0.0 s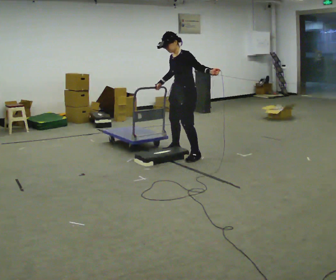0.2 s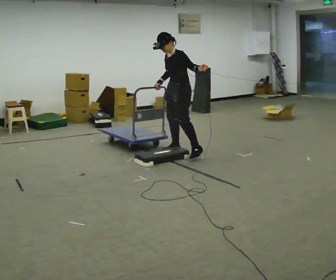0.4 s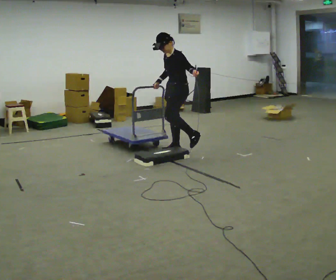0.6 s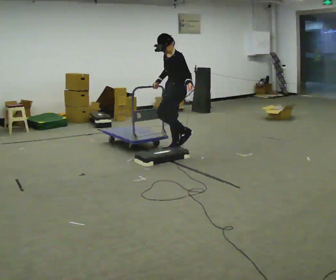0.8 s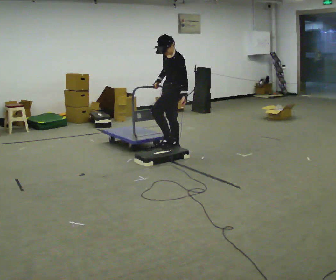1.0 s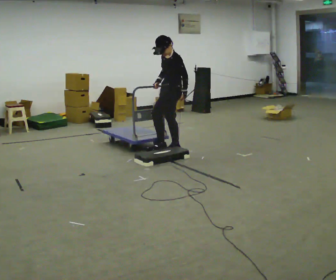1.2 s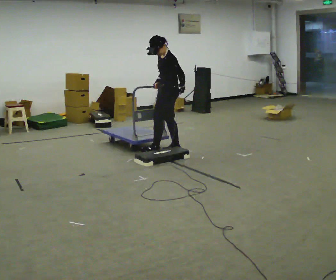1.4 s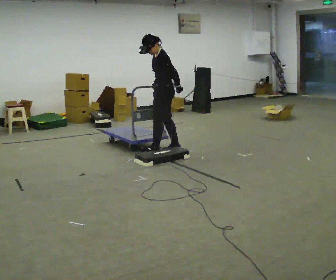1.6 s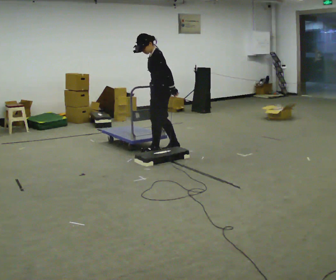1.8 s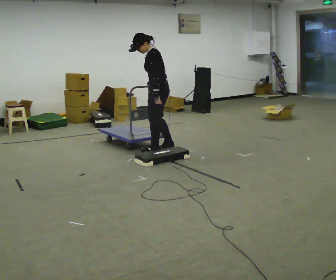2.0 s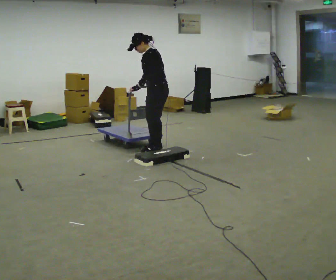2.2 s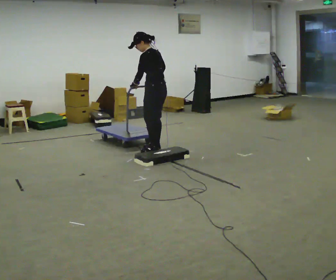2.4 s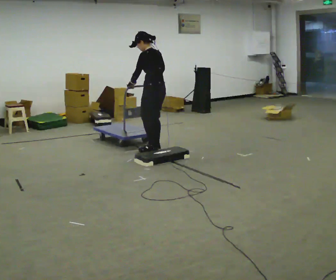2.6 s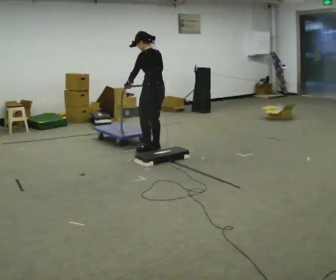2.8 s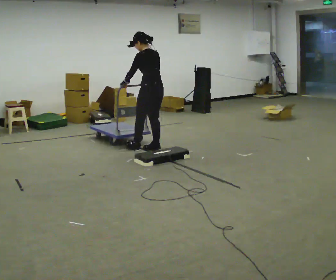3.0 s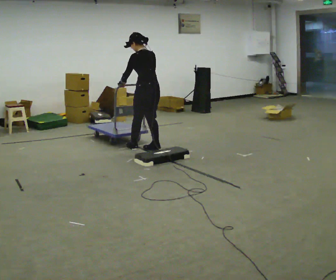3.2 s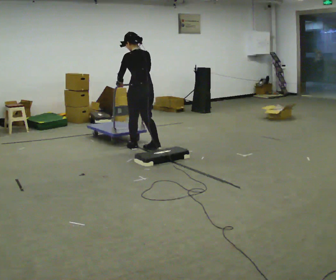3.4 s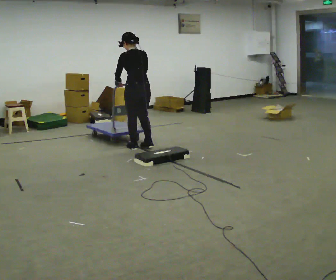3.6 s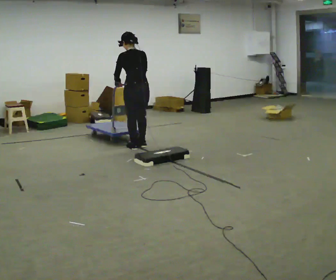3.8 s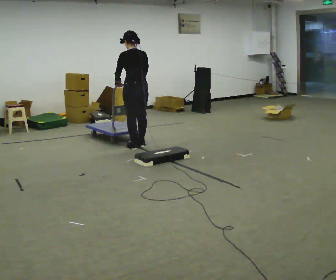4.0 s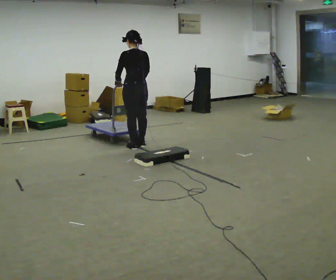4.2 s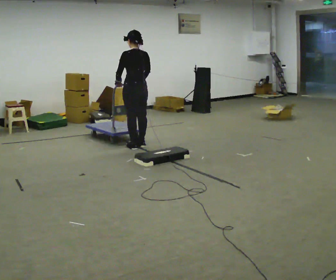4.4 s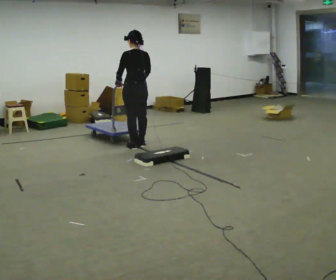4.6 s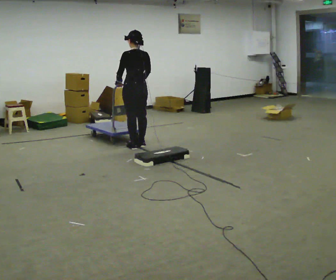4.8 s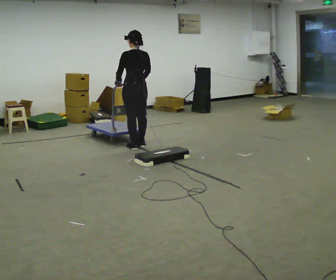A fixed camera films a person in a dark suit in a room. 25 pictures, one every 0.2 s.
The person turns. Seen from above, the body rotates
clockwise.
The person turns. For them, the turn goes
to their right.
0.0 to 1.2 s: Seen from above the body turns clockwise, about 30 degrees: to their right, with its near side sliding to the left. In the picture they go away from the camera and to the left, about 0.25 m in 1 step, which for them is to their right and forward.
1.2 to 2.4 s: The person turns about 30 degrees to their right, clockwise seen from above, so the part of the body nearest the lens slides to the left. In the picture they go to the left, about 0.25 m in 1 step, which for them is forward. In the picture their left hand goes to the left, the arm swinging clockwise.
2.4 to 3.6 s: The person turns about 30 degrees to their right, clockwise seen from above, so the part of the body nearest the lens slides to the left. In the picture they go to the left, about 0.25 m in 2 steps, which for them is forward and to their left.
3.6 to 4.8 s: The person moves a little, or ends about where they began.
The film runs backward here.
